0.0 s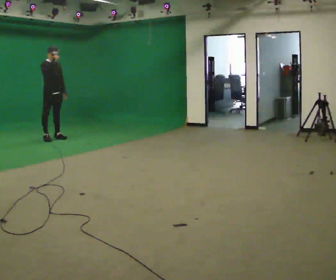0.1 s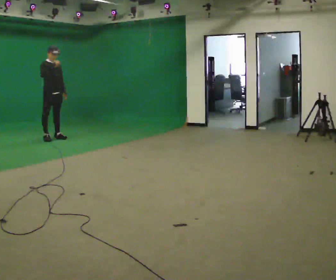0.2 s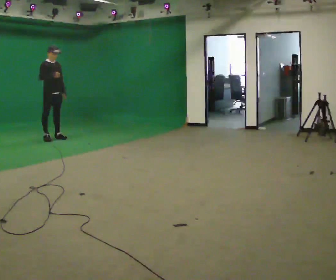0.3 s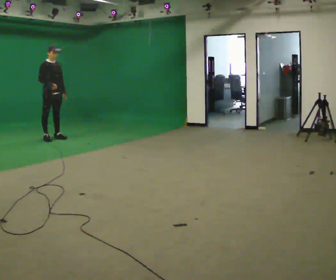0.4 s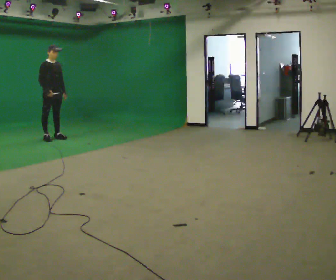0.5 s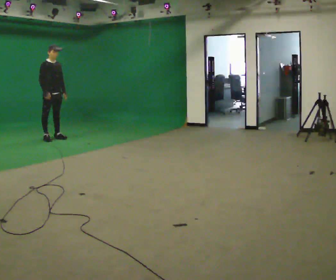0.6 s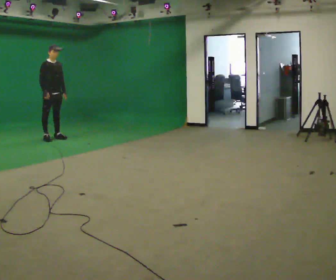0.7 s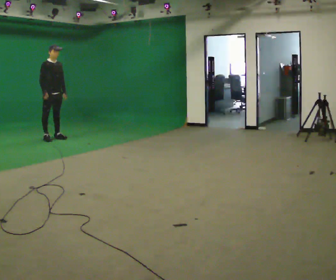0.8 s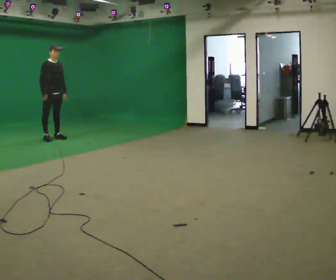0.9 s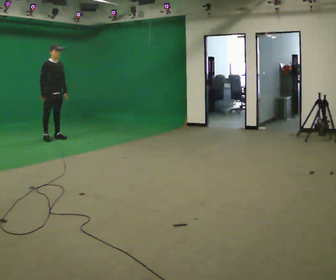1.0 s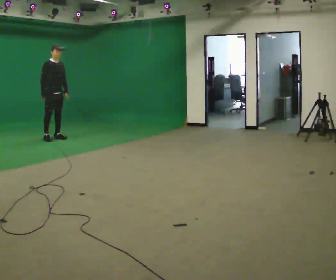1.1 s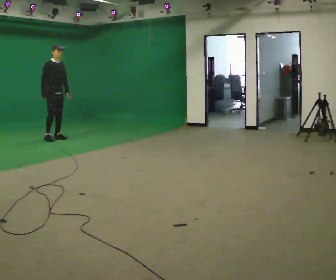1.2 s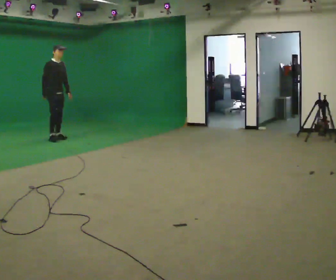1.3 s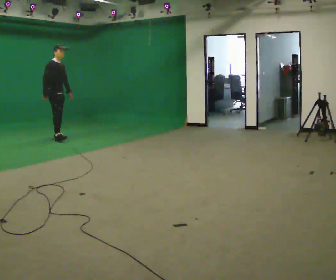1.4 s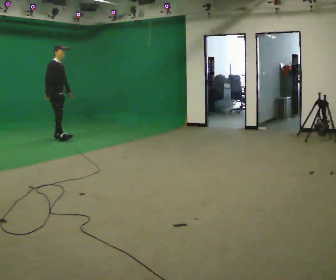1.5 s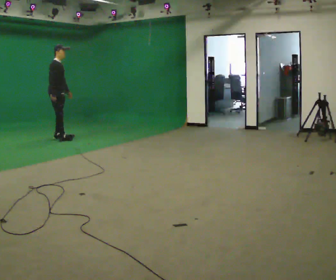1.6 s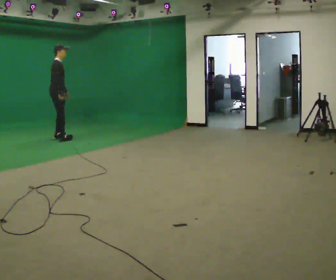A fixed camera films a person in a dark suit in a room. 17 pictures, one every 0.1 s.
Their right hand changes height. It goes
downward.
0.0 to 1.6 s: The person turns about 45 degrees to their left, counterclockwise seen from above, so the part of the body nearest the lens slides to the right. In the picture their right hand goes downward.
The film runs backward here.
